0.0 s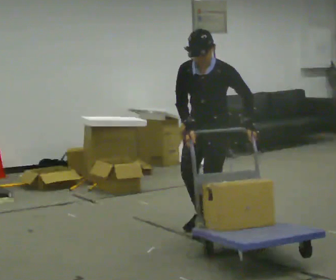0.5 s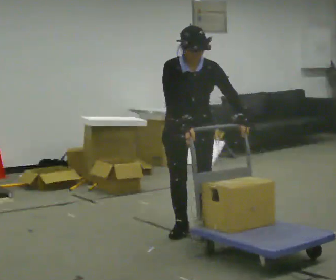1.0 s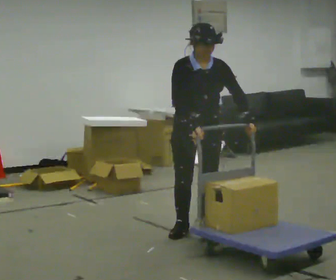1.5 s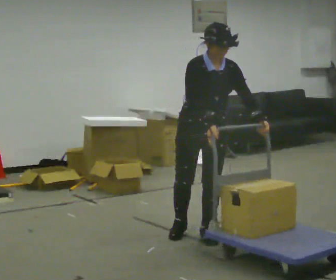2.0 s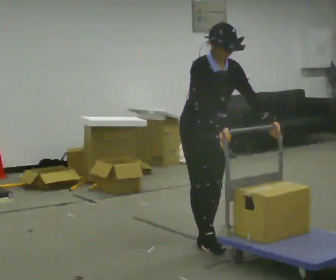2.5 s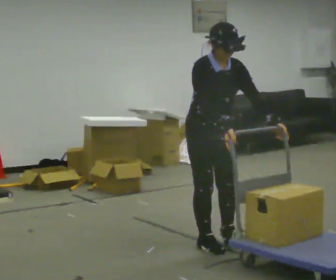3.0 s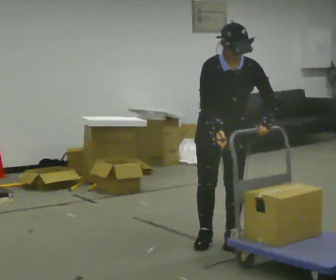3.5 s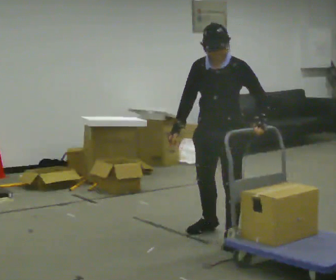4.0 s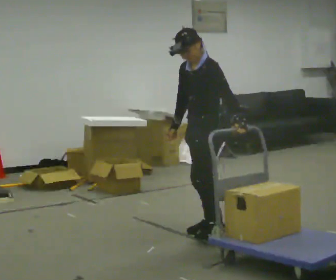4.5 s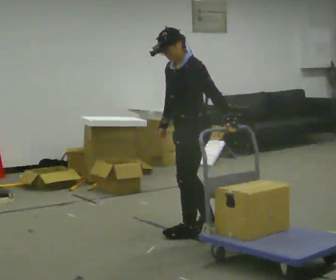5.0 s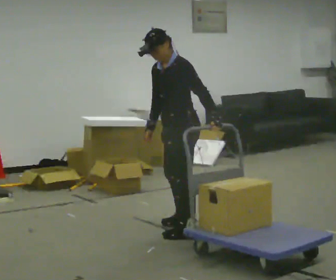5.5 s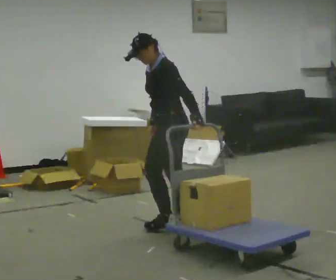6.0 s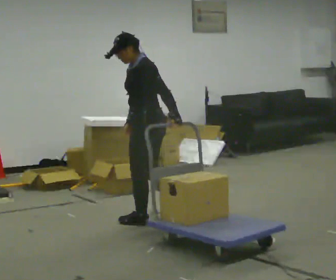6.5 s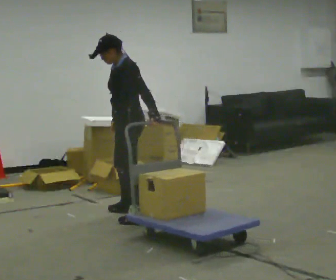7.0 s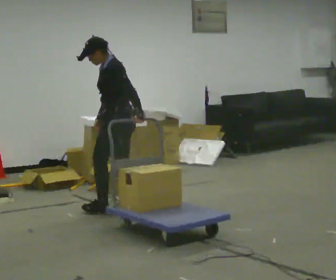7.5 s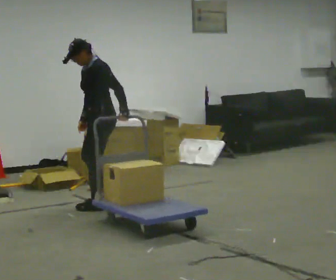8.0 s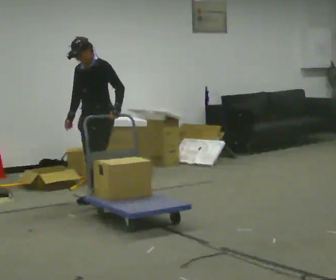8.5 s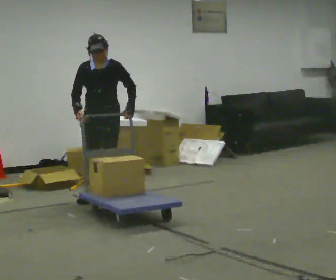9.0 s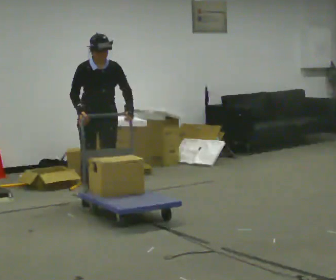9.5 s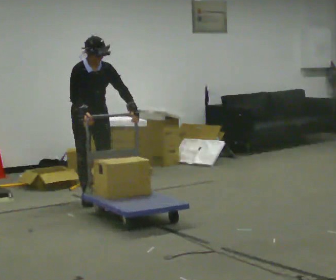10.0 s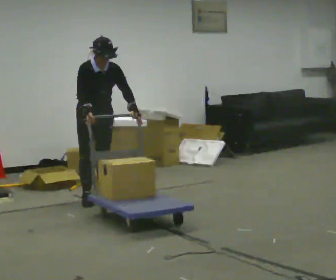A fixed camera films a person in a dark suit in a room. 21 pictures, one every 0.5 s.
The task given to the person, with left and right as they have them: Pull the cart behind you as you walk backward across the room. The operator will confirm the space behind you is clear before each take.
0.0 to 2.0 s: The part of the body nearest the lens slides to the right as the person turns to their left by about 75 degrees. In the picture they go toward the camera, about 0.25 m in 3 steps. In the picture the upper body tilts clockwise, shoulders to the right.
2.0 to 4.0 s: The person turns about 90 degrees to their right, clockwise seen from above, so the part of the body nearest the lens slides to the left. In the picture they go away from the camera, about 0.25 m in 2 steps. In the picture the upper body tilts counterclockwise, shoulders to the left.
4.0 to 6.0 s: The part of the body nearest the lens slides to the left as the person turns to their right by about 30 degrees. In the picture they go to the left and away from the camera, about 0.5 m in 3 steps, which for them is to their right and forward.
6.0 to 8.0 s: The person turns about 60 degrees to their left, counterclockwise seen from above, so the part of the body nearest the lens slides to the right. In the picture they go away from the camera and to the left, about 1 m in 3 steps, which for them is to their right and forward.
8.0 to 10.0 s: Seen from above the body turns counterclockwise, about 75 degrees: to their left, with its near side sliding to the right. In the picture the upper body tilts clockwise, shoulders to the right.
The film runs forward here.
